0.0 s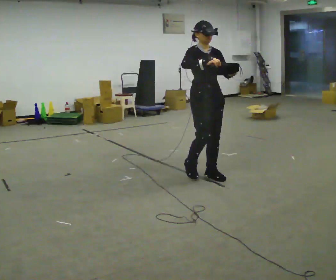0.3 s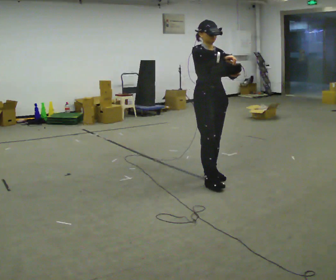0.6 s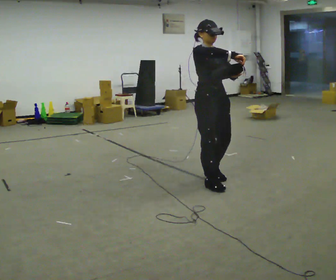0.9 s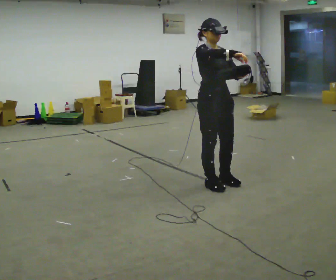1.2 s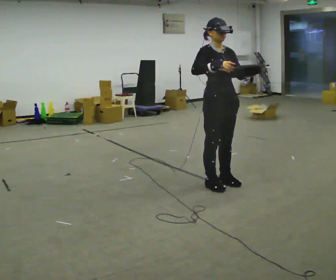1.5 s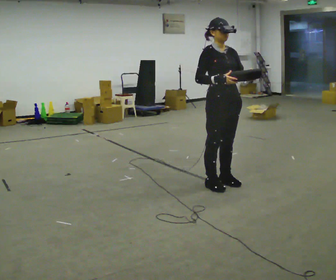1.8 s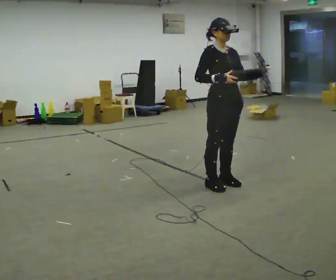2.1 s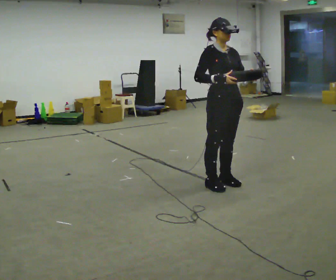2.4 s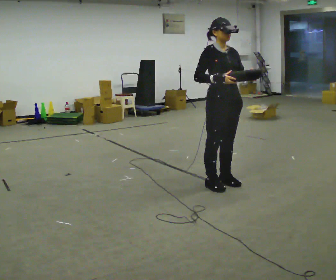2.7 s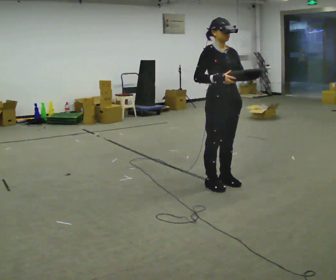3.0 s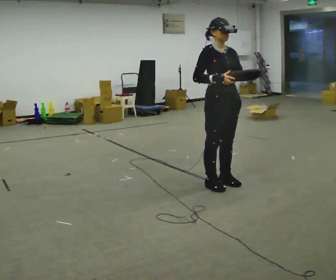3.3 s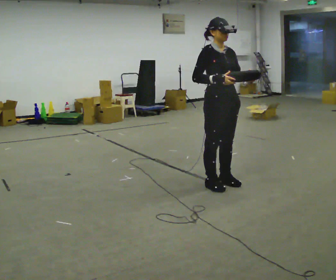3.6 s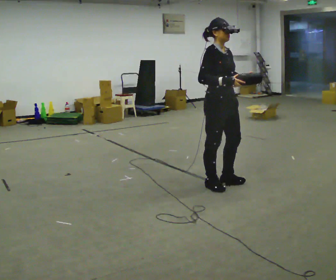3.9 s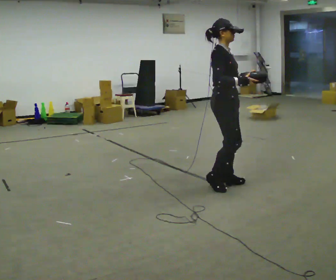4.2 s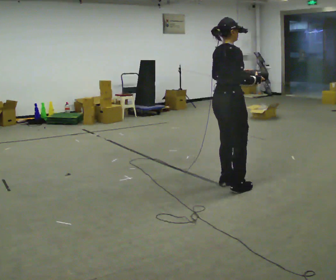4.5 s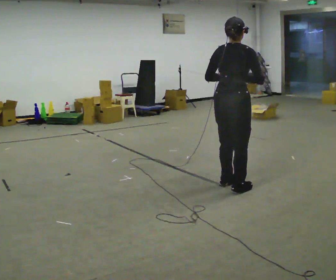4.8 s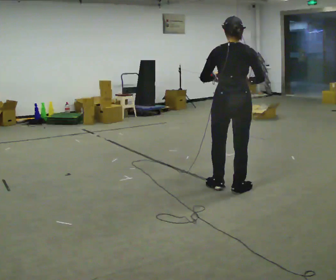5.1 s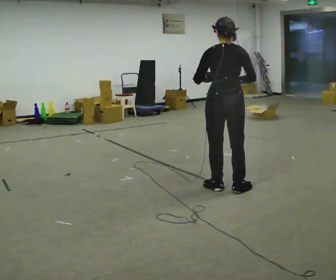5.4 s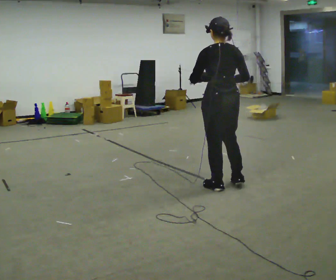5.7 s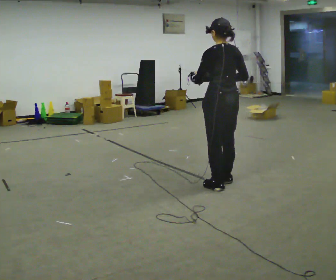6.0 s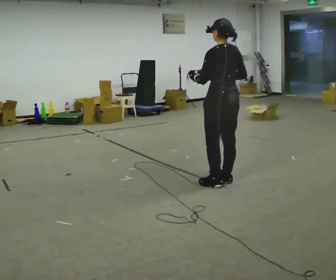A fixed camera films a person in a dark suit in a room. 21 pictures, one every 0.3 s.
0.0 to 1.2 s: In the picture they go toward the camera and to the right, about 0.25 m in 2 steps, which for them is forward.
1.2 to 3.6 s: The person moves a little, or ends about where they began.
3.6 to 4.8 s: The part of the body nearest the lens slides to the right as the person turns to their left by about 120 degrees. In the picture their left hand goes to the left.
4.8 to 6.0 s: Seen from above the body turns counterclockwise, about 45 degrees: to their left, with its near side sliding to the right. In the picture they go away from the camera, about 0.25 m in 1 step, which for them is forward.
The film runs forward here.
